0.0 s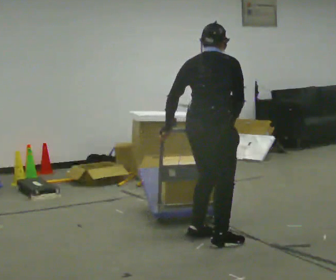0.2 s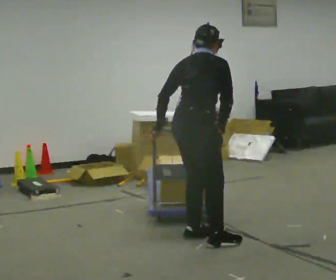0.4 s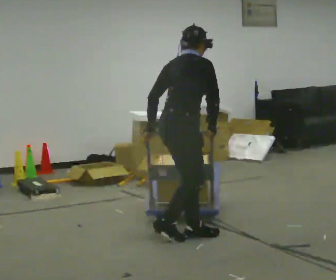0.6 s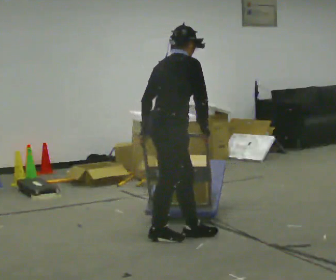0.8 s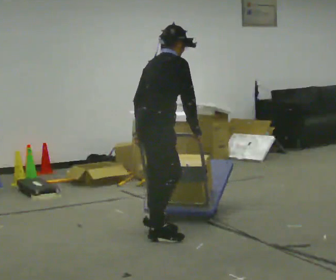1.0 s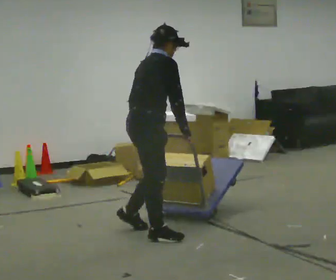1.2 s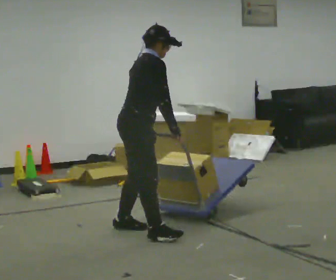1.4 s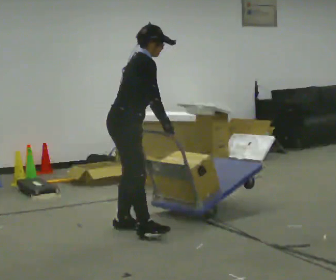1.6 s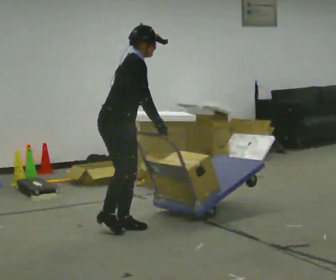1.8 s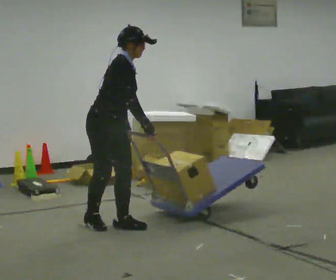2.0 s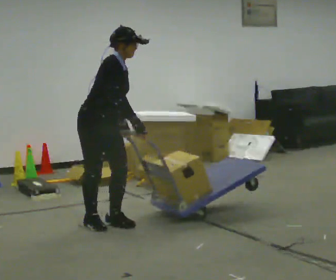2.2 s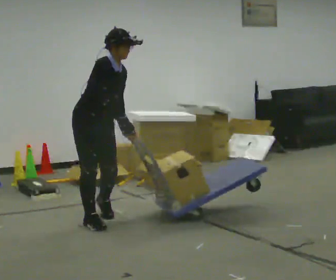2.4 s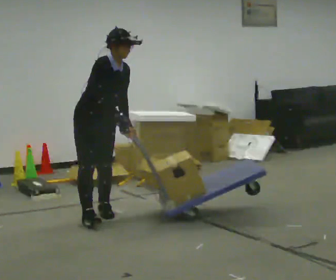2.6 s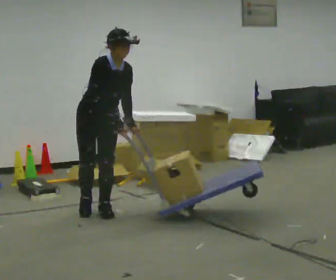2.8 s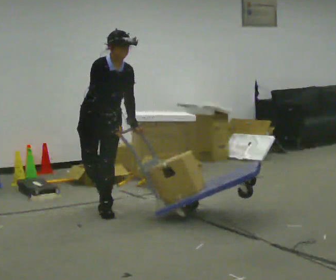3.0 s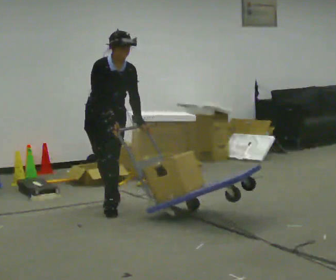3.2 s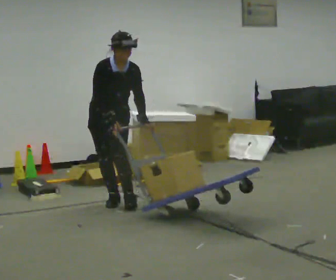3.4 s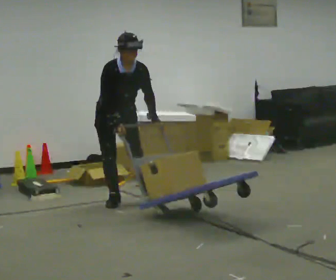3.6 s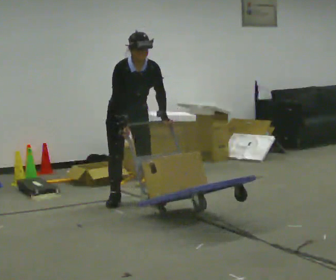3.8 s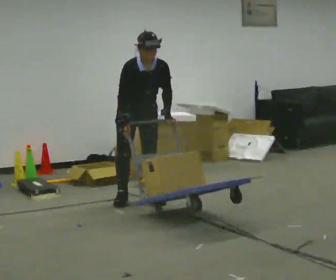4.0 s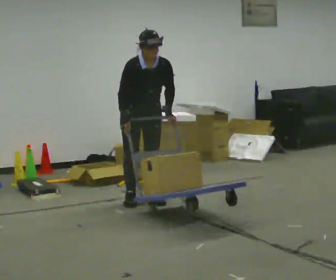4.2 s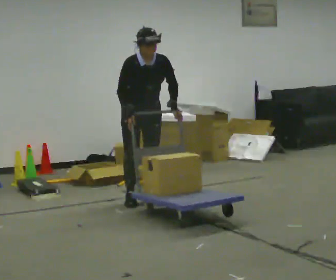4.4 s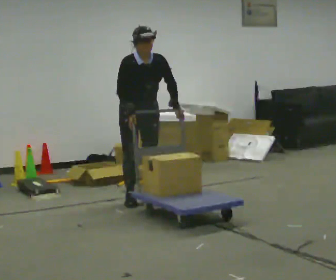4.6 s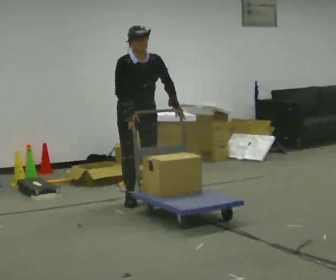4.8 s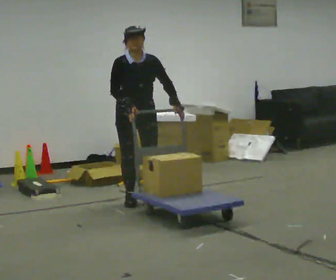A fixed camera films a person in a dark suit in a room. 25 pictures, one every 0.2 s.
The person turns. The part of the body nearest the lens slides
to the left.
The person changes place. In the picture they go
away from the camera.
0.0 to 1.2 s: Seen from above the body turns clockwise, about 45 degrees: to their right, with its near side sliding to the left. In the picture they go to the left and away from the camera, about 0.5 m in 2 steps, which for them is backward and to their left.
1.2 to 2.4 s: The person turns about 60 degrees to their right, clockwise seen from above, so the part of the body nearest the lens slides to the left. In the picture they go away from the camera and to the left, about 0.5 m in 3 steps, which for them is backward and to their left. The upper body tips toward the camera, its near side rolling downward.
2.4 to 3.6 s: The part of the body nearest the lens slides to the left as the person turns to their right by about 30 degrees. In the picture they go away from the camera, about 0.5 m in 1 step, which for them is backward and to their left. The upper body tips toward the camera, its near side rolling downward.
3.6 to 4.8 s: The upper body tips away from the camera, its near side rolling upward, as they lean back or straighten.
The film runs backward here.
